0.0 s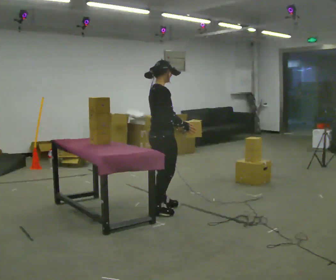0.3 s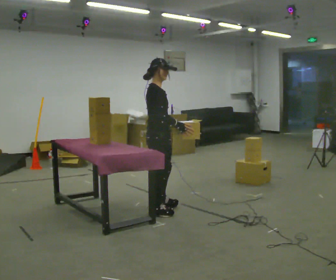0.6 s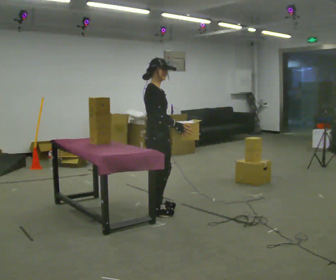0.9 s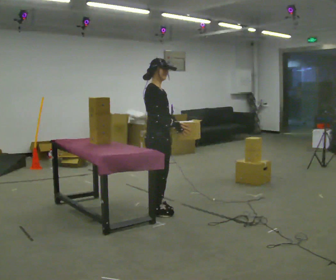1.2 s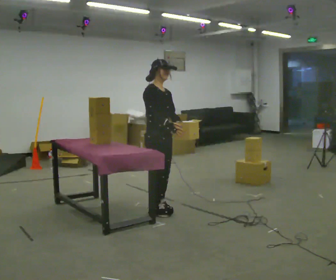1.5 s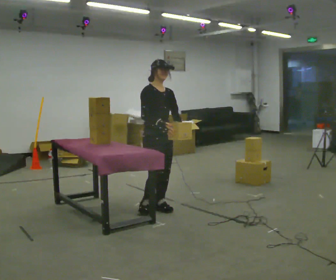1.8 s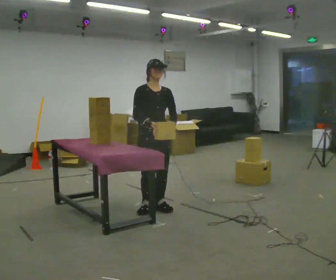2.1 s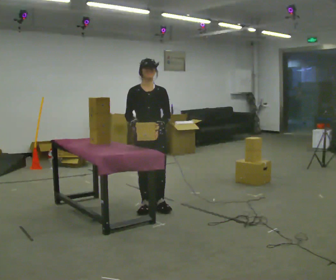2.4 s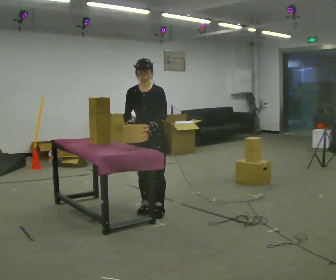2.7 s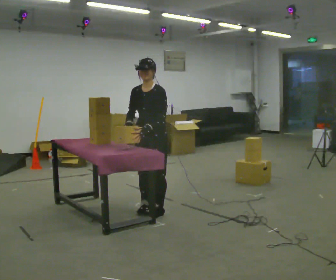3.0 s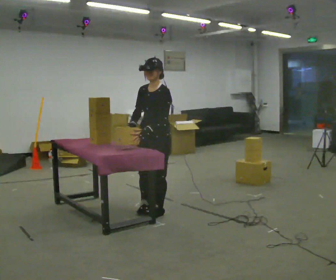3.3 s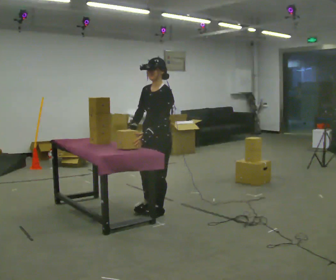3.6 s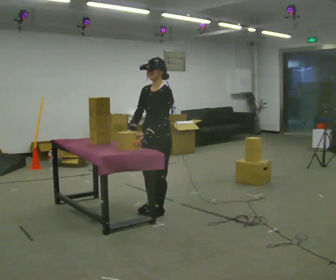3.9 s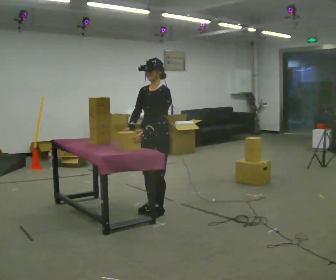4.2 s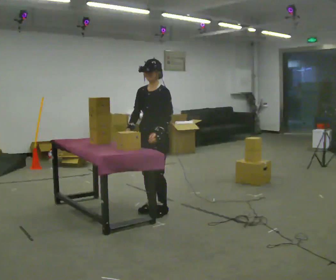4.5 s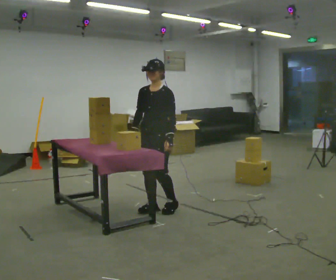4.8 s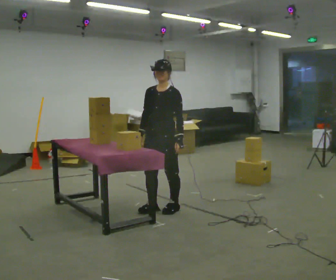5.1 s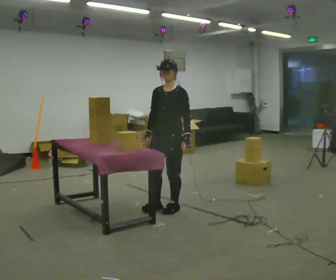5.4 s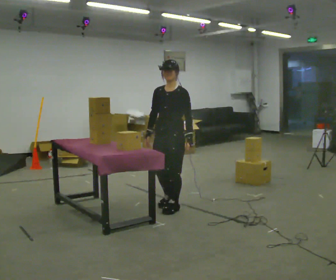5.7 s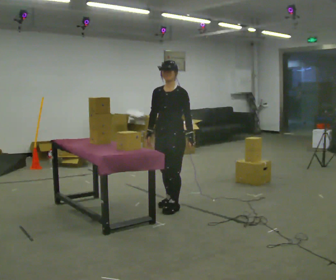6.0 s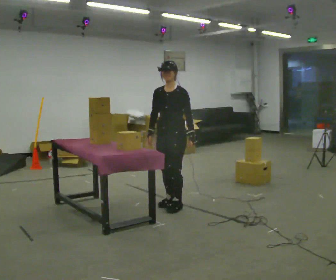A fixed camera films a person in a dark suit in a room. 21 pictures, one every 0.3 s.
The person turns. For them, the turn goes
to their right.
The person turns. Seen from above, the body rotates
clockwise.
0.0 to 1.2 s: The person turns about 45 degrees to their right, clockwise seen from above, so the part of the body nearest the lens slides to the left.
1.2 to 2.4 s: The part of the body nearest the lens slides to the left as the person turns to their right by about 75 degrees. In the picture their left hand goes to the left.
2.4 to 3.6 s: Seen from above the body turns clockwise, about 30 degrees: to their right, with its near side sliding to the left.
3.6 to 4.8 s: In the picture their left hand goes to the right.
4.8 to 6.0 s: In the picture they go away from the camera, about 0.25 m in 2 steps, which for them is backward.
The film runs backward here.
